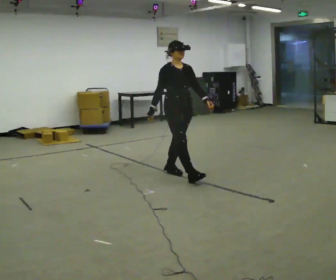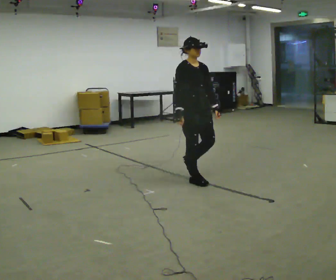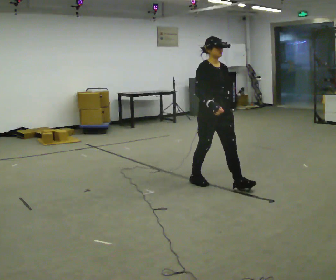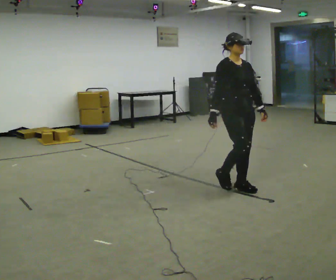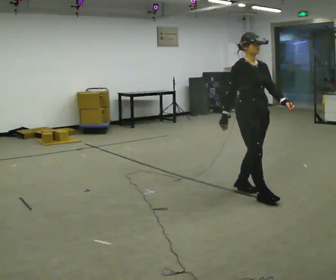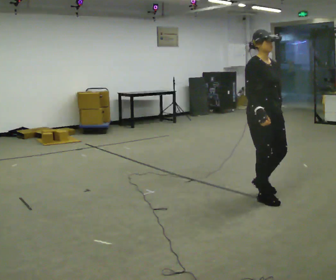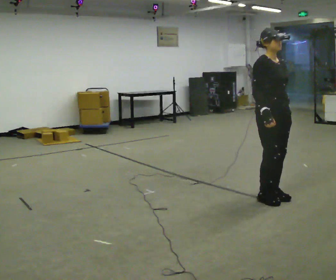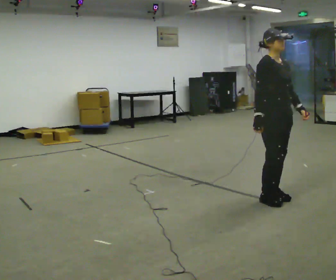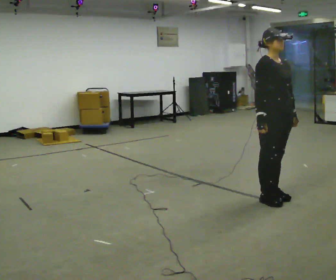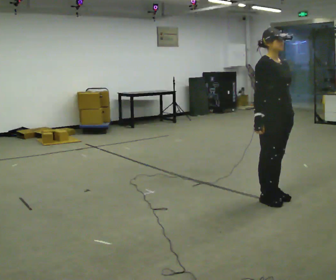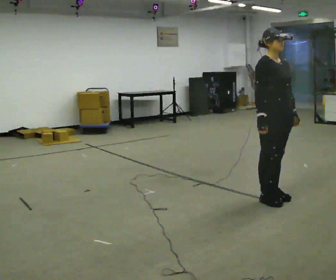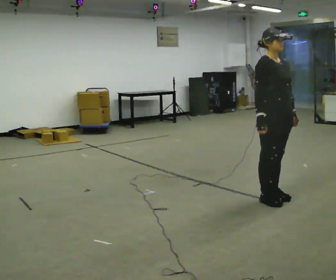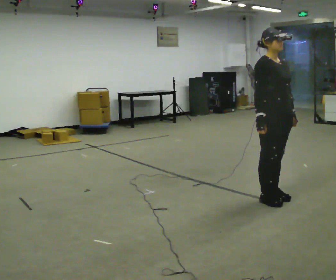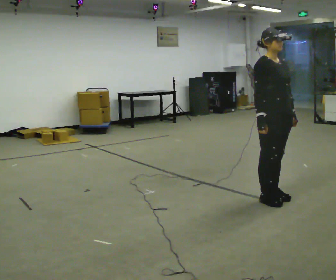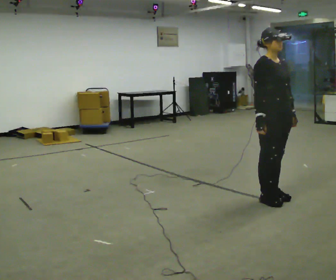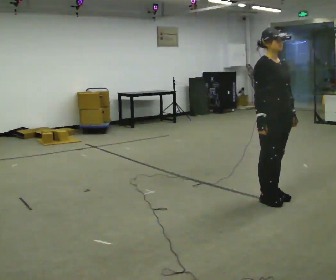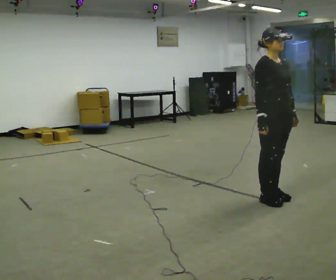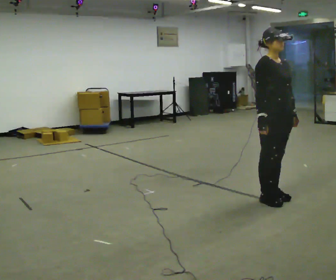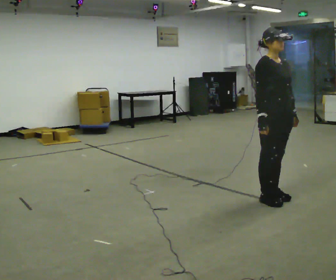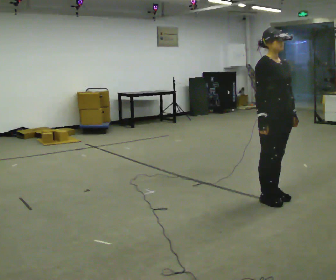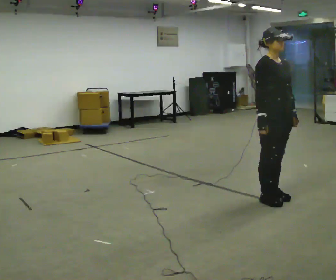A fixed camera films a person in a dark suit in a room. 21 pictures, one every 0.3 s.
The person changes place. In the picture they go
to the right.
0.0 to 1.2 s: In the picture they go to the right and toward the camera, about 1 m in 3 steps, which for them is forward.
1.2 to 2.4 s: In the picture they go to the right and toward the camera, about 0.25 m in 1 step, which for them is forward.
2.4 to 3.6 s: The person moves a little, or ends about where they began.
3.6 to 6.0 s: The person keeps their place and pose.
The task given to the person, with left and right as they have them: Stand still 2 s; begin walking naturally; walk forward; stop.
The film runs forward here.
